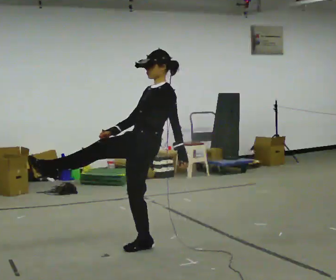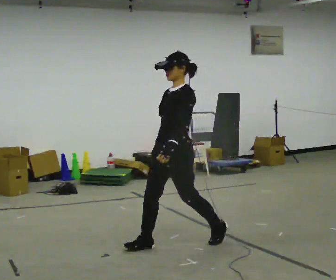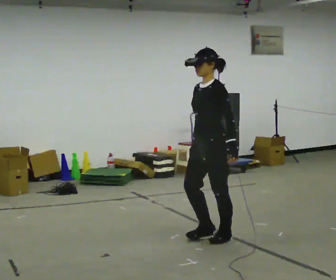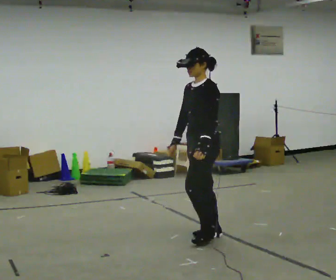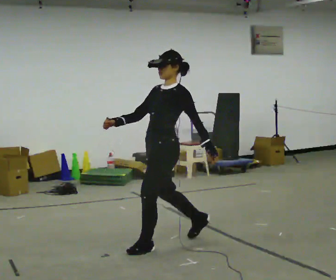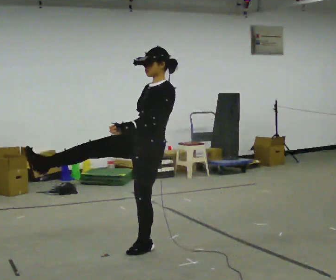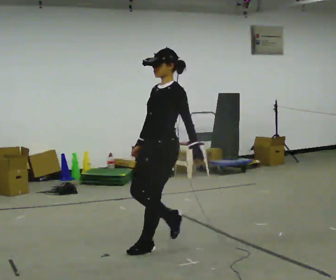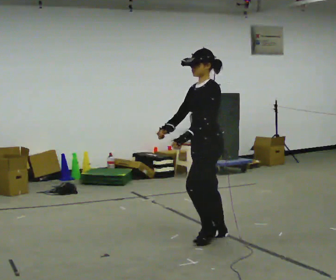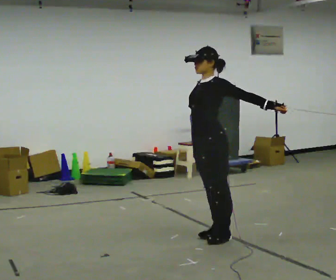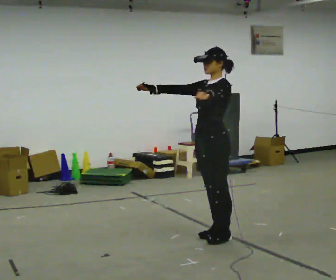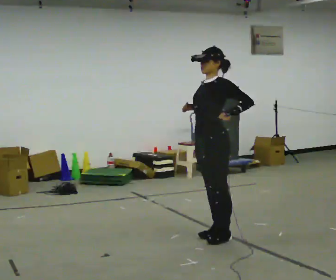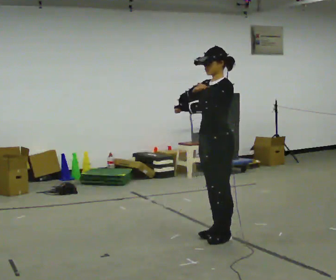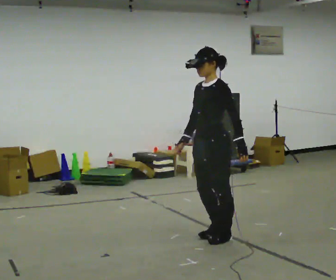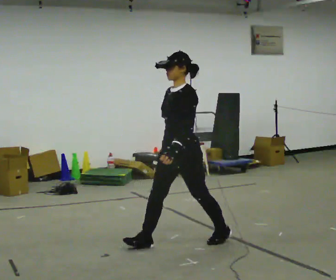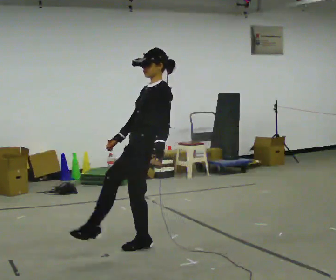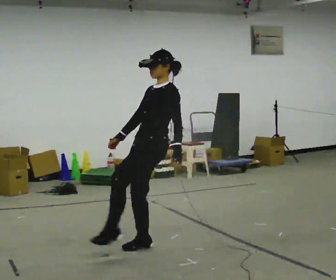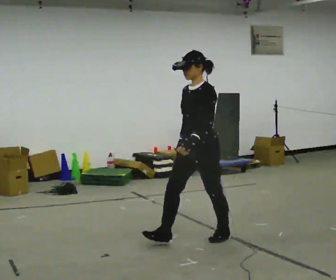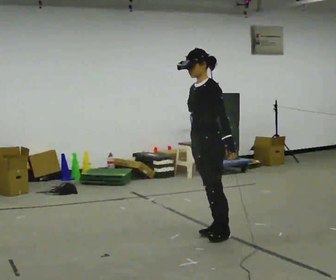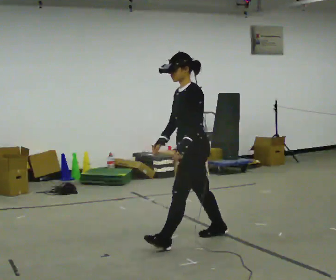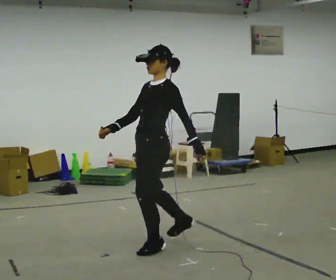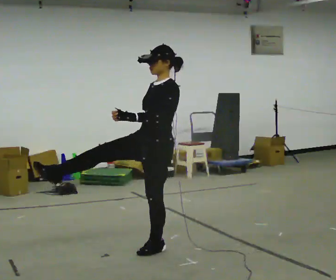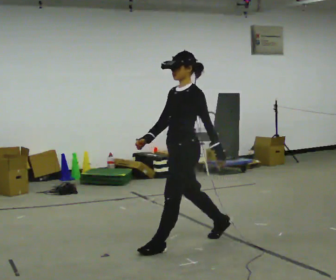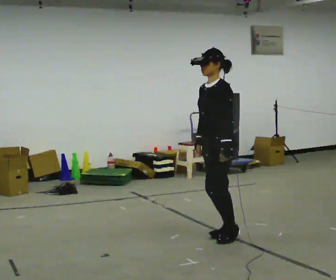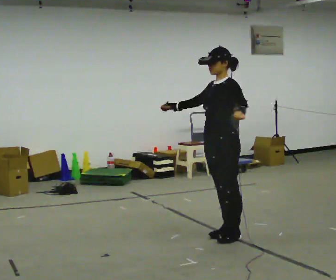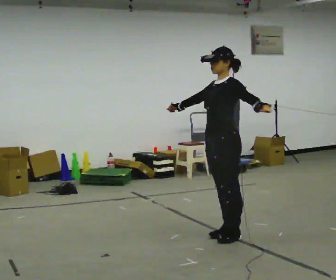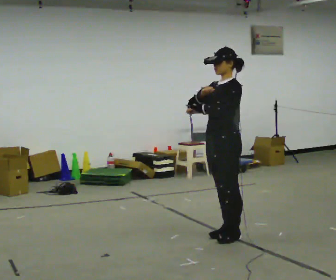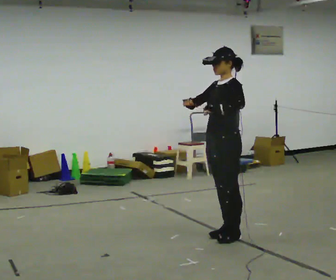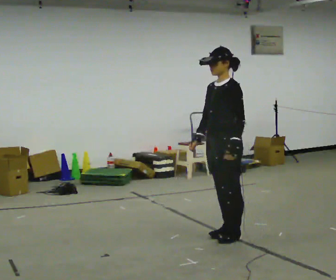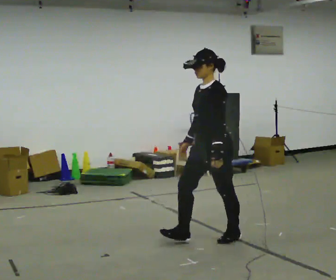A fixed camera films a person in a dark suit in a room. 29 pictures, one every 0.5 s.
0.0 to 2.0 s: The person moves a little, or ends about where they began.
2.0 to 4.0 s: In the picture they go to the right and away from the camera, about 0.5 m in 1 step, which for them is backward.
4.0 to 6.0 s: The person moves a little, or ends about where they began.
6.0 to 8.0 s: In the picture their left hand goes to the left.
8.0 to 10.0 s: In the picture they go to the left and toward the camera, about 0.5 m in 1 step, which for them is forward.
10.0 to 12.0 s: In the picture they go to the right and away from the camera, about 0.75 m in 1 step, which for them is backward.
12.0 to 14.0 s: In the picture their left hand goes downward and to the left.
The film runs backward here.
